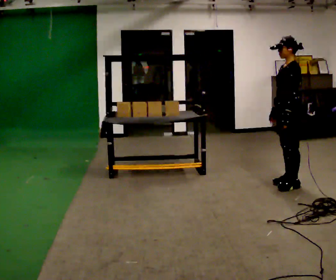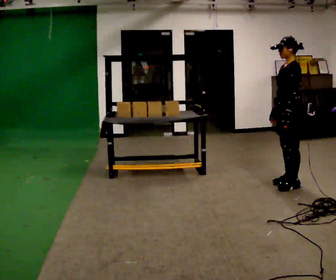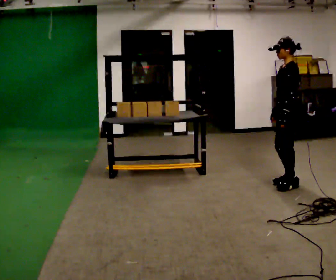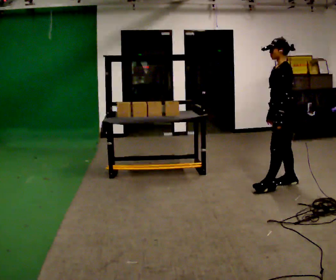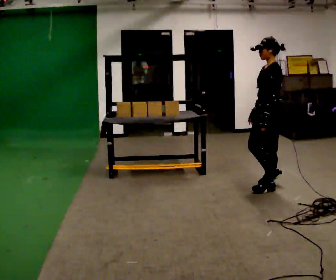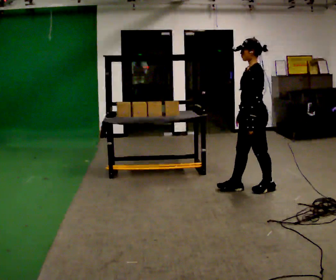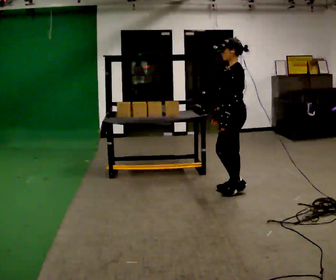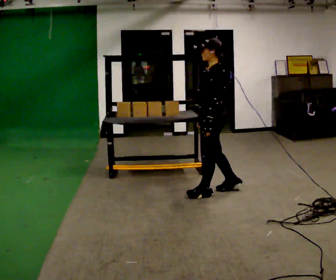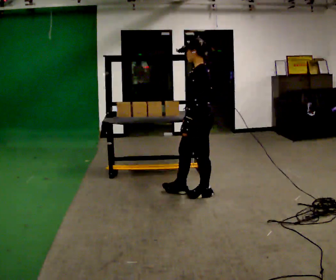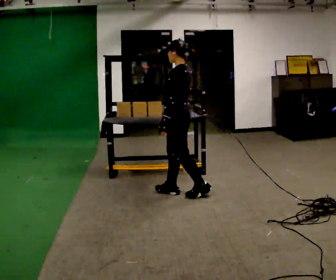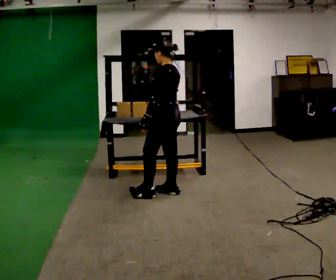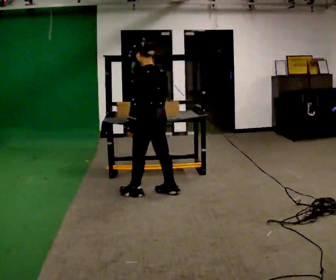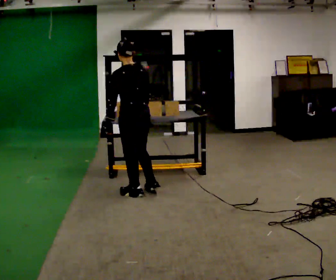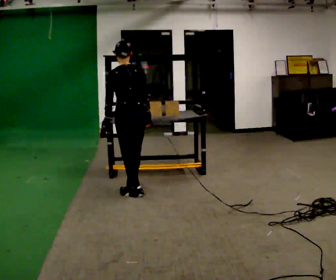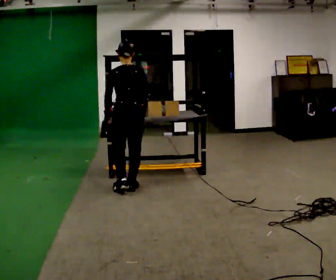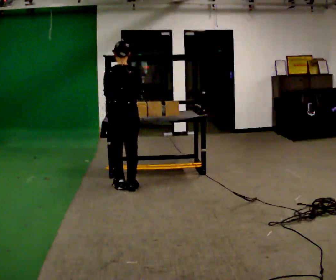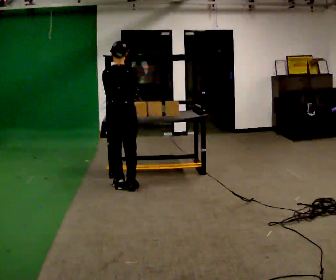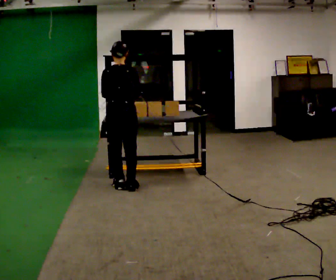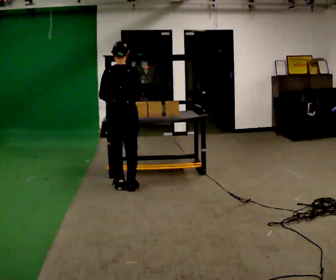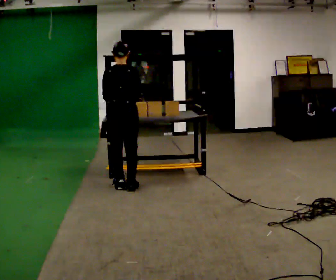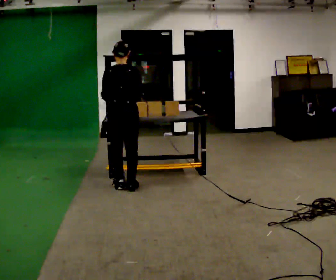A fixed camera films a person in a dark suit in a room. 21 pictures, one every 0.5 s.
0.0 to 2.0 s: In the picture they go to the left, about 0.25 m in 1 step, which for them is forward.
2.0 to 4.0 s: In the picture they go to the left, about 0.5 m in 2 steps, which for them is forward.
4.0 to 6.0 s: The person turns about 45 degrees to their right, clockwise seen from above, so the part of the body nearest the lens slides to the left. In the picture they go to the left, about 0.75 m in 2 steps, which for them is forward and to their left.
6.0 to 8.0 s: The person turns about 30 degrees to their right, clockwise seen from above, so the part of the body nearest the lens slides to the left. In the picture they go away from the camera and to the left, about 0.25 m in 2 steps, which for them is forward and to their left.
8.0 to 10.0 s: The person moves a little, or ends about where they began.
The film runs forward here.
